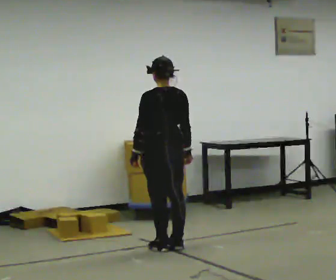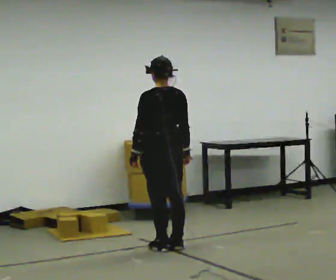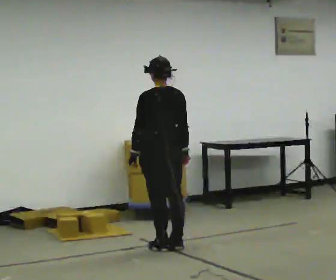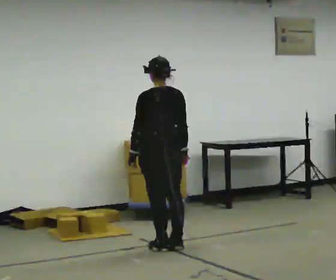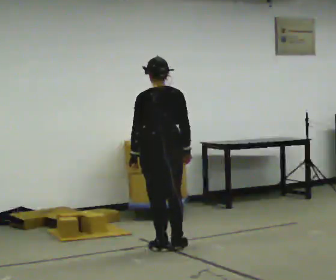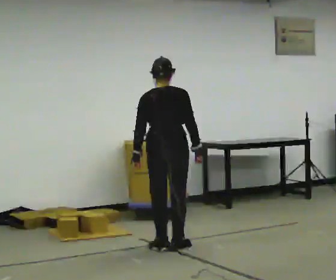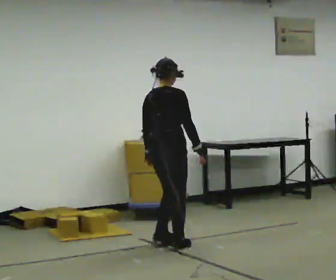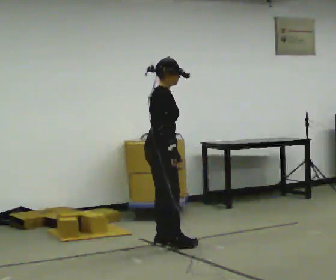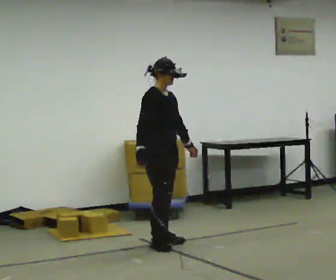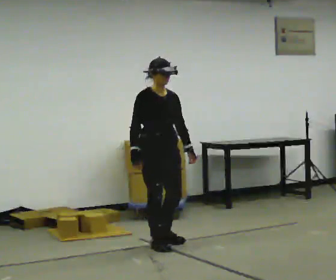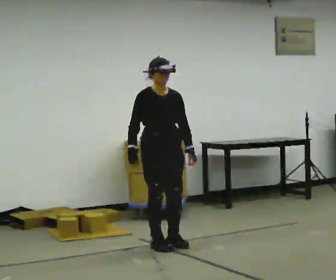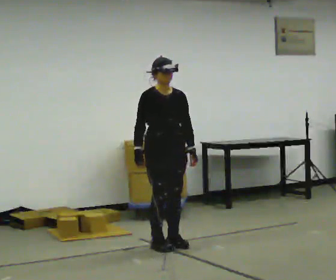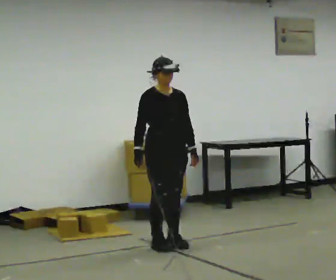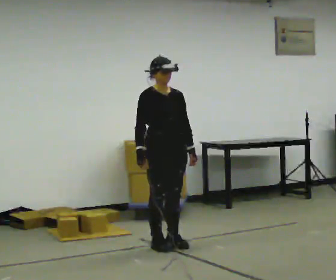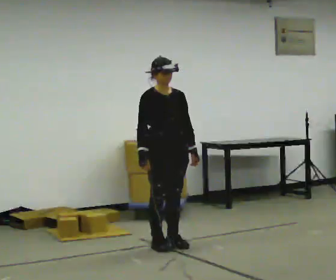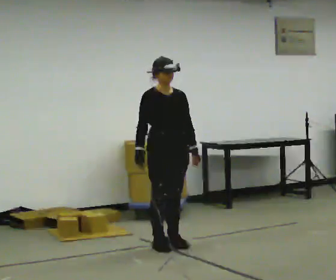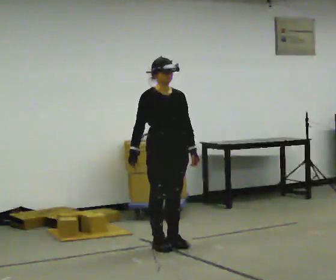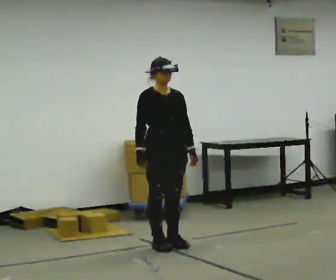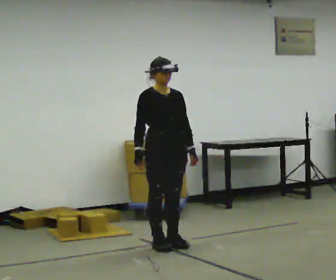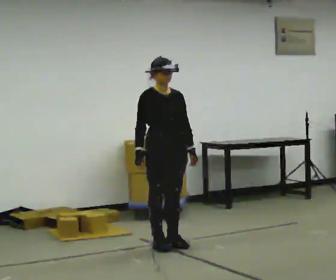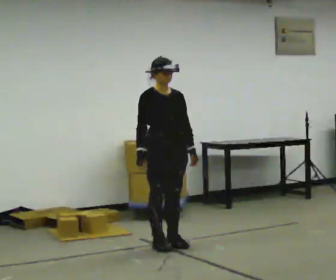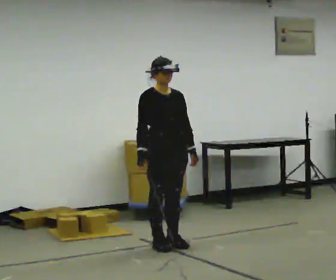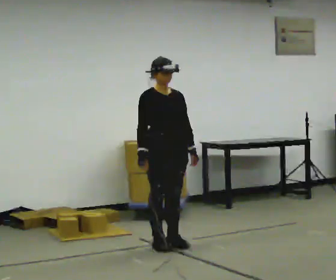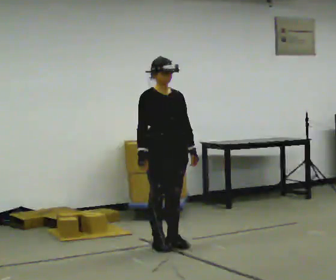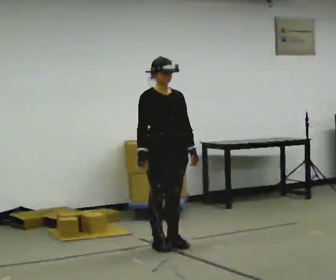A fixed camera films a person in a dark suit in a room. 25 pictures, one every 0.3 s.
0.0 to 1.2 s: The person moves a little, or ends about where they began.
1.2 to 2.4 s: Seen from above the body turns clockwise, about 135 degrees: to their right, with its near side sliding to the left. In the picture they go away from the camera, about 0.25 m in 2 steps. In the picture their left hand goes to the right, the arm swinging counterclockwise.
2.4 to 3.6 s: The person turns about 30 degrees to their right, clockwise seen from above, so the part of the body nearest the lens slides to the left.
3.6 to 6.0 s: The person moves a little, or ends about where they began.
6.0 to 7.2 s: The person keeps their place and pose.
The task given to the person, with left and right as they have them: Stand still 2 s; begin walking naturally; walk forward; stop.
The film runs forward here.
